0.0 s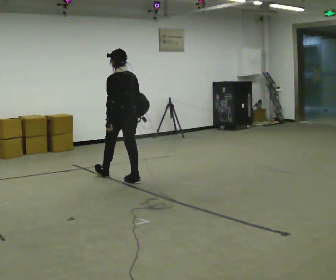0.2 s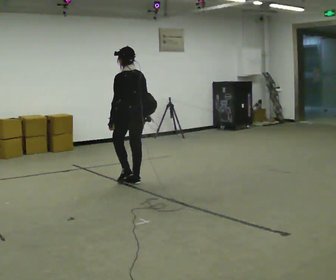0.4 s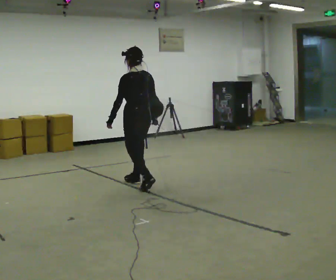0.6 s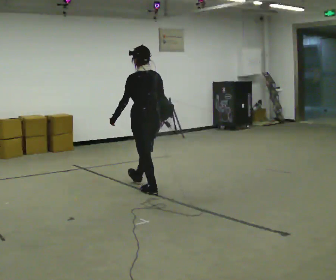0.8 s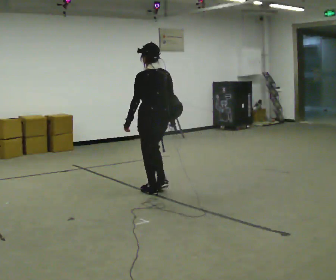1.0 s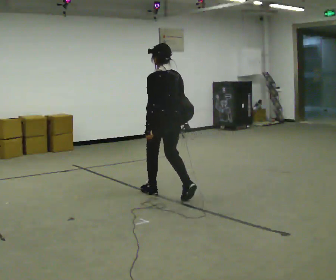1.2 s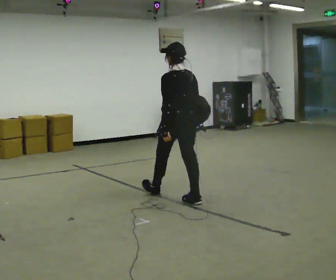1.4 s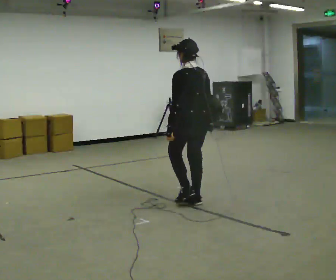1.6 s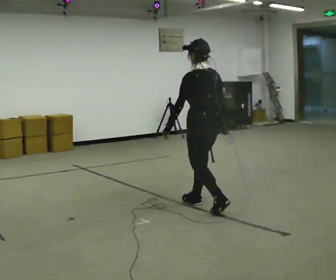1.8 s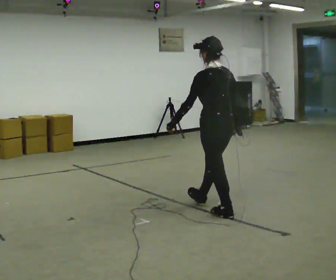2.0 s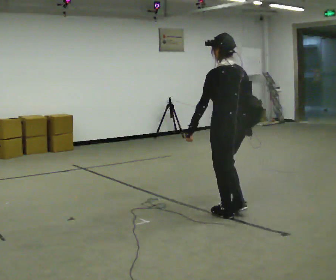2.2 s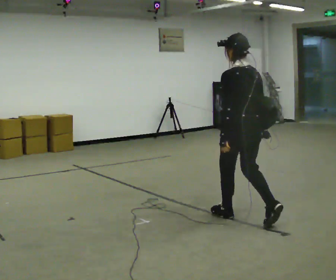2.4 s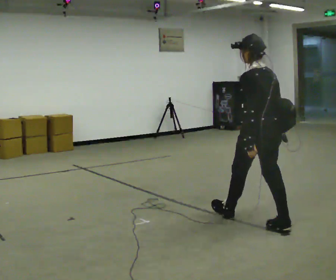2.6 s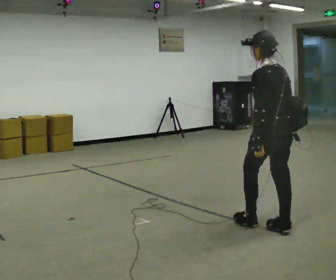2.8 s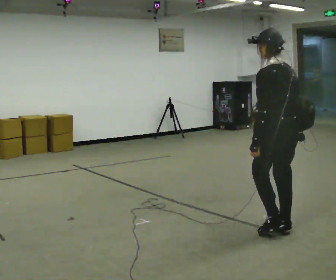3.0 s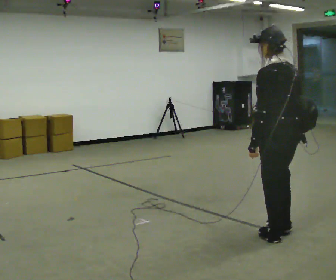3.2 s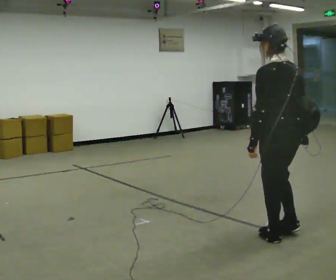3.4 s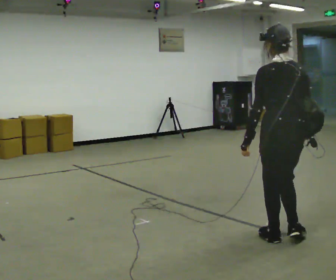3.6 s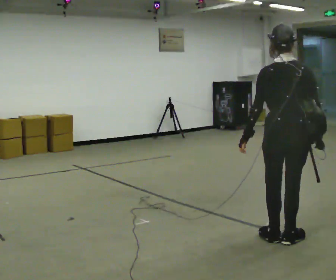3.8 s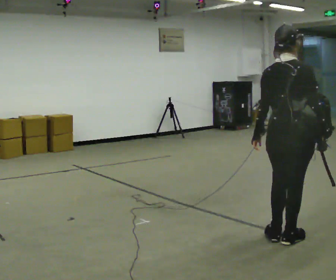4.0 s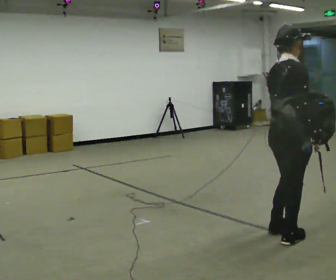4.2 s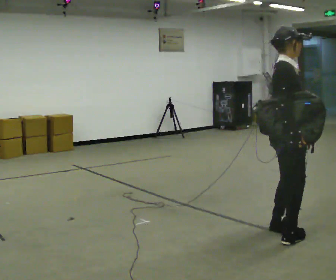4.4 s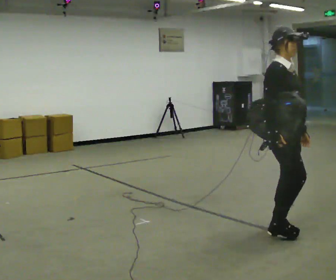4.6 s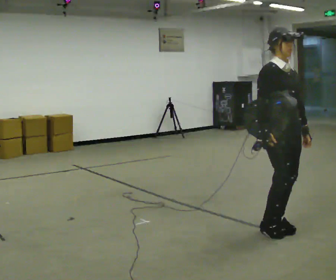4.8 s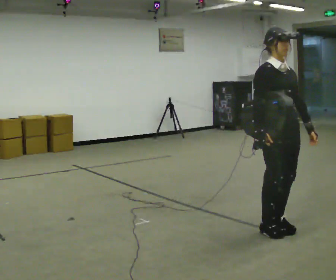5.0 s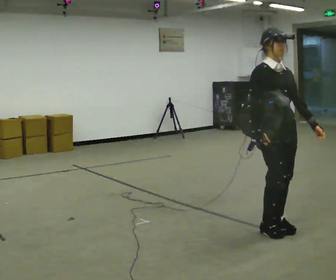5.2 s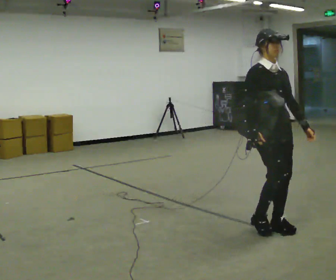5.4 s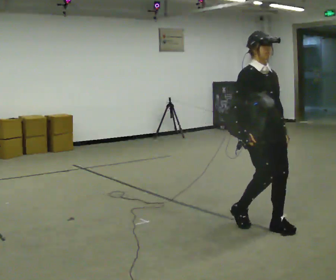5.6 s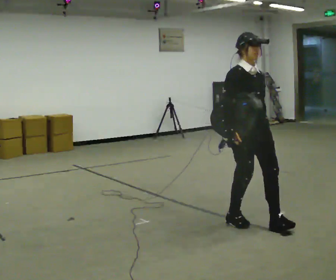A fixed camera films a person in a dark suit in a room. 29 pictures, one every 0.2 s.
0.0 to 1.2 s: In the picture they go to the right and toward the camera, about 1 m in 2 steps, which for them is backward.
1.2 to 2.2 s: In the picture they go to the right and toward the camera, about 1 m in 1 step, which for them is backward.
2.2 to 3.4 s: In the picture they go toward the camera and to the right, about 0.5 m in 2 steps, which for them is backward.
3.4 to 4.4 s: Seen from above the body turns clockwise, about 135 degrees: to their right, with its near side sliding to the left. In the picture they go away from the camera, about 0.25 m in 2 steps. In the picture their left hand goes to the right, the arm swinging counterclockwise.
4.4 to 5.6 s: In the picture they go to the left and away from the camera, about 0.25 m in 2 steps, which for them is backward.
The film runs backward here.
